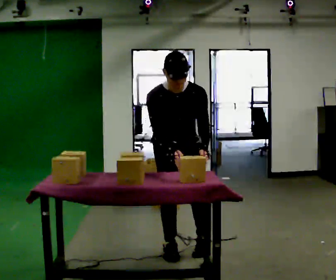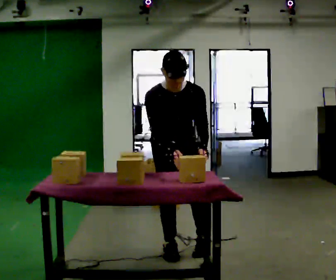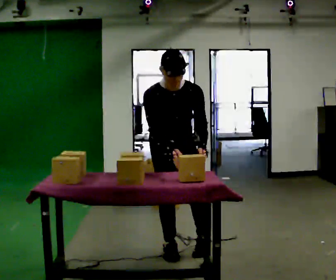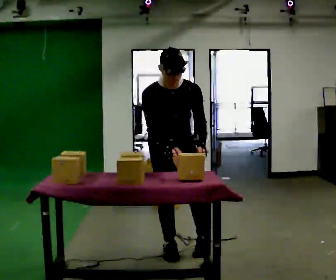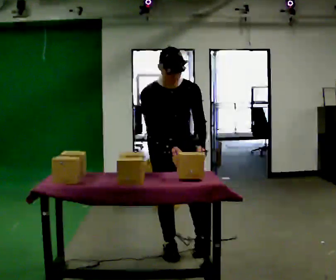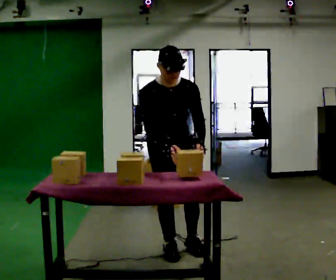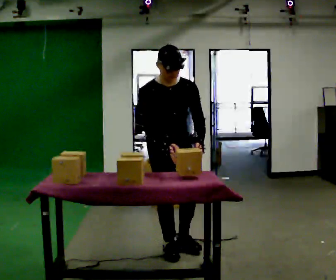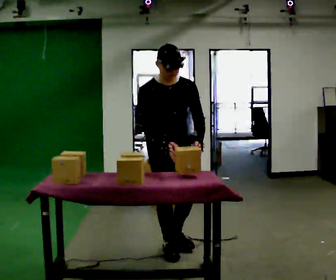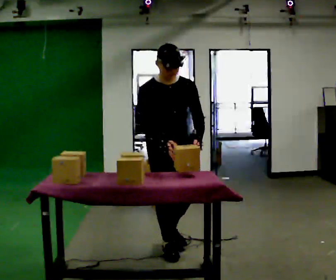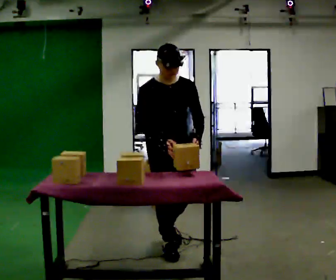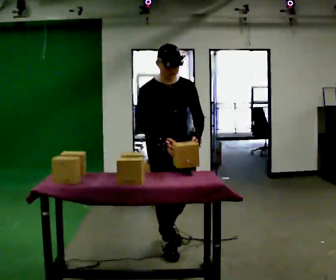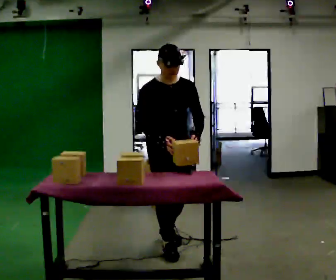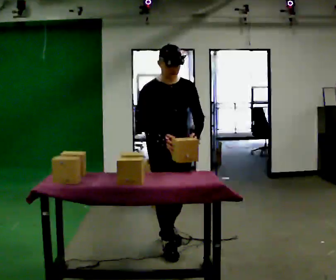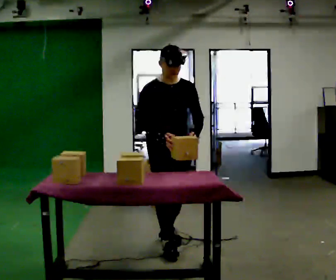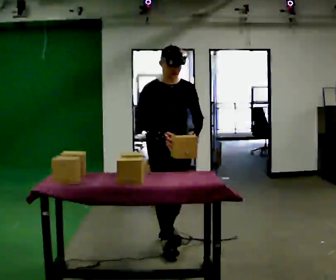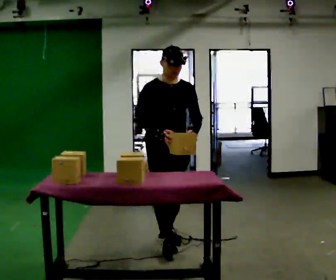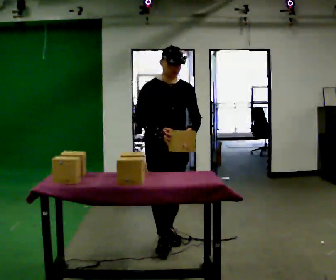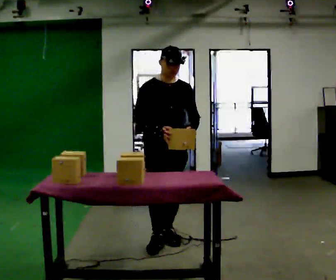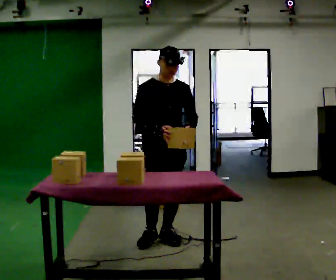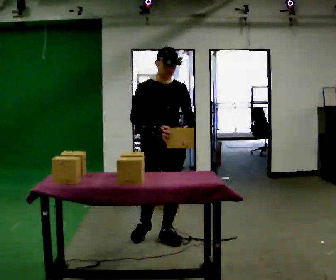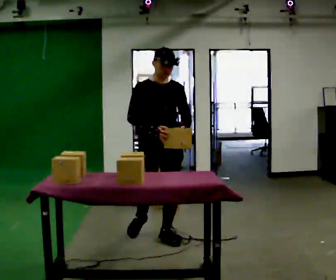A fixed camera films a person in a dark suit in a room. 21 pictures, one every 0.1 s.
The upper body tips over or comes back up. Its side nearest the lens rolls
upward.
0.0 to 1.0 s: The upper body tips away from the camera, its near side rolling upward, as they lean back or straighten.
1.0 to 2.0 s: In the picture they go away from the camera, about 0.25 m in 1 step, which for them is backward.
The film runs backward here.
